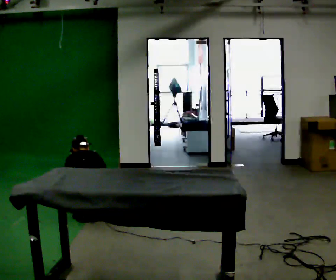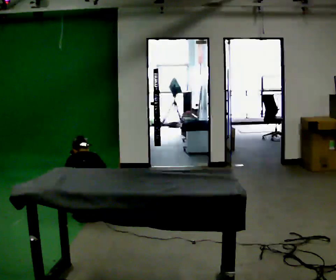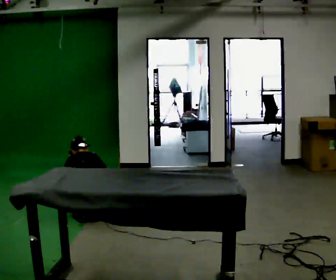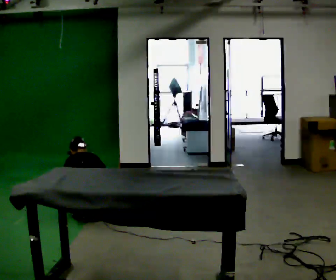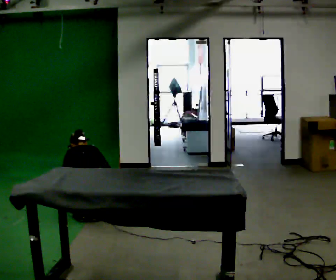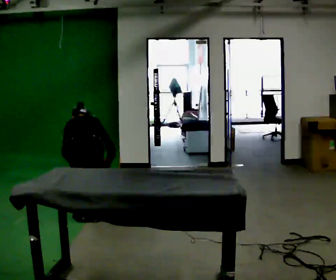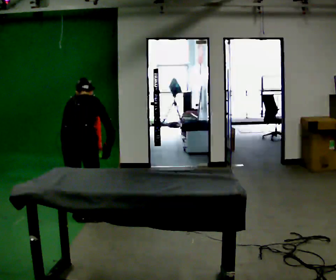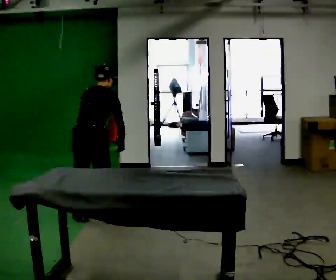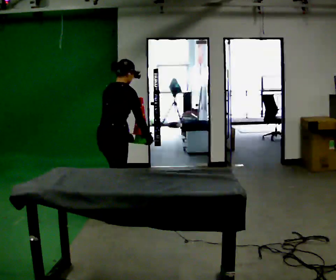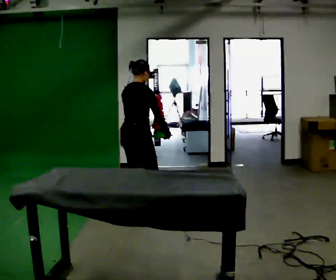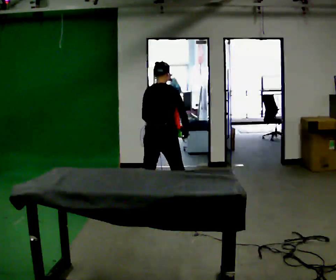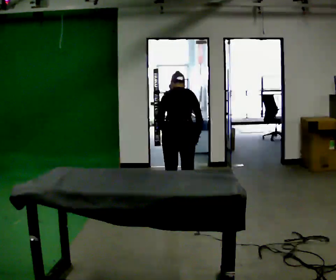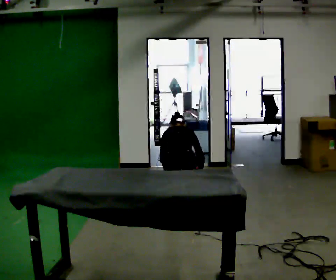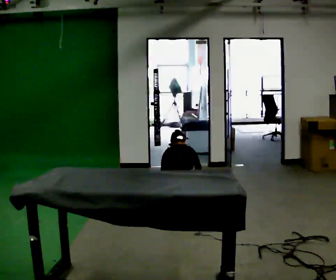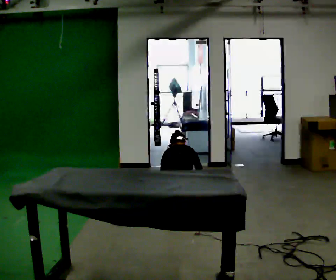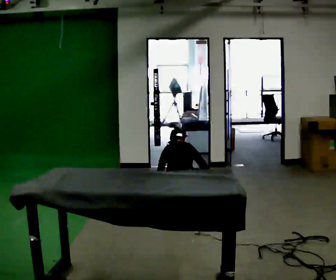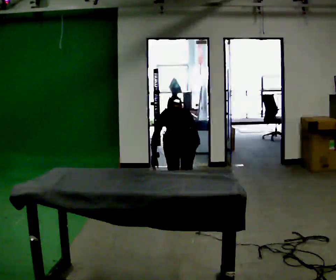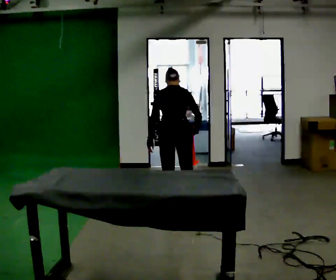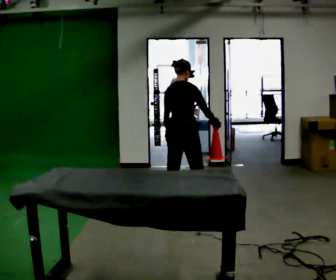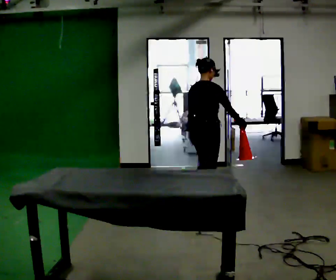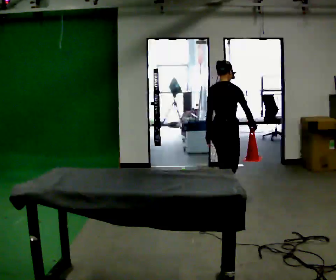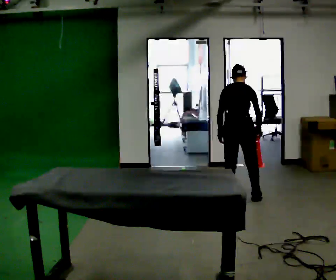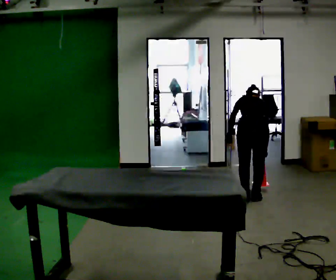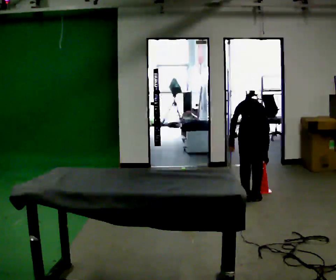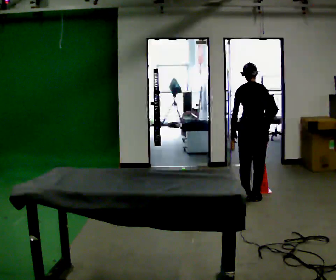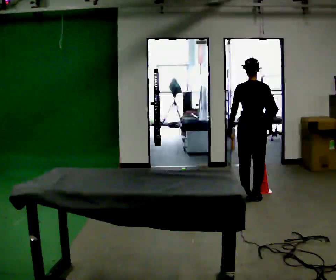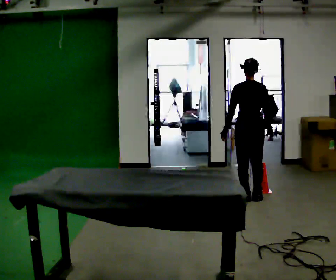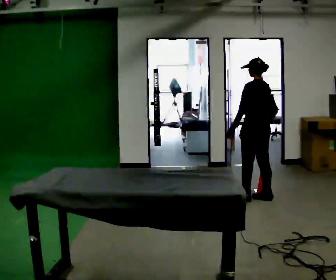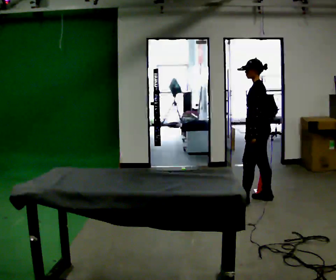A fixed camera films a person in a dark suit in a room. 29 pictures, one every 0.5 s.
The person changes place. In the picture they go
to the right.
0.0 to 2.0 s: The person moves a little, or ends about where they began.
2.0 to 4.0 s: The part of the body nearest the lens slides to the left as the person turns to their right by about 60 degrees. In the picture they go to the right and away from the camera, about 0.25 m, which for them is to their right and forward. The shoulders move upward. The upper body tips toward the camera, its near side rolling downward, as they lean back or straighten. In the picture their right hand goes upward.
4.0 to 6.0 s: Seen from above the body turns counterclockwise, about 45 degrees: to their left, with its near side sliding to the right. In the picture they go to the right and away from the camera, about 0.75 m in 3 steps, which for them is forward and to their right. The shoulders move downward. The upper body tips away from the camera, its near side rolling upward, as they bend forward. In the picture their right hand goes downward.
6.0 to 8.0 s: The person moves a little, or ends about where they began.
8.0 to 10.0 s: Seen from above the body turns clockwise, about 60 degrees: to their right, with its near side sliding to the left. In the picture they go to the right and away from the camera, about 0.5 m in 2 steps, which for them is forward and to their right. The upper body goes upward. The upper body tips toward the camera, its near side rolling downward, as they lean back or straighten.
10.0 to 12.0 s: Seen from above the body turns counterclockwise, about 45 degrees: to their left, with its near side sliding to the right. In the picture they go to the right, about 0.25 m in 2 steps, which for them is to their right.
12.0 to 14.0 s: The person turns about 75 degrees to their left, counterclockwise seen from above, so the part of the body nearest the lens slides to the right.
The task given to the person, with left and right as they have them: Collect three or four objects from around the room, gather them in your arms, then carry them all to the shelf together. Keep going until the operator says stop; one object at a time, and do not rush between trips.
The film runs forward here.
